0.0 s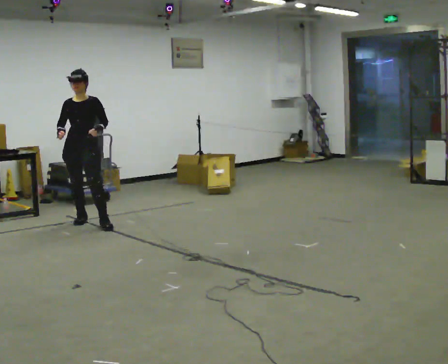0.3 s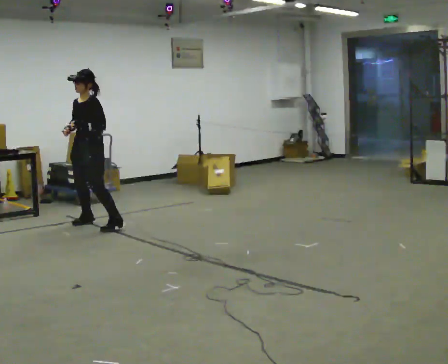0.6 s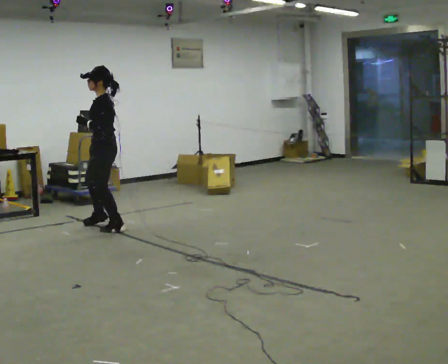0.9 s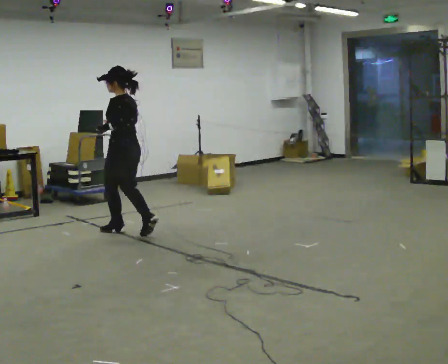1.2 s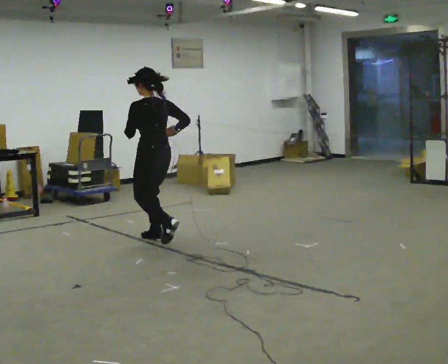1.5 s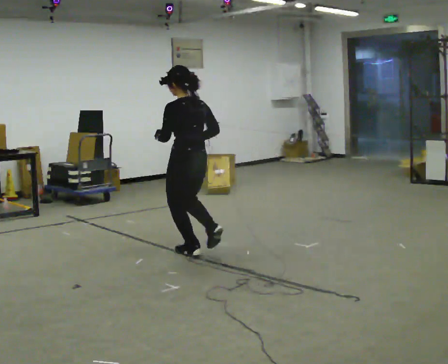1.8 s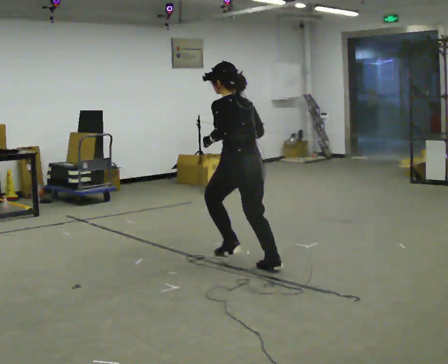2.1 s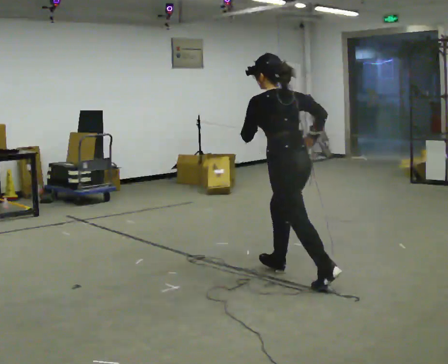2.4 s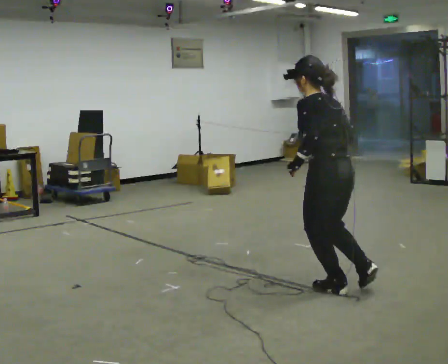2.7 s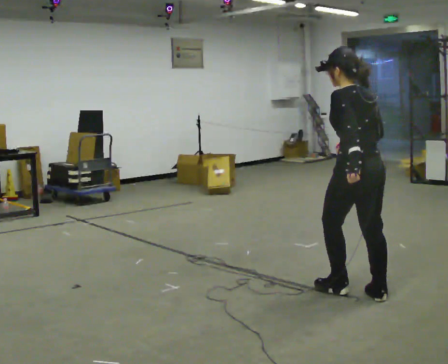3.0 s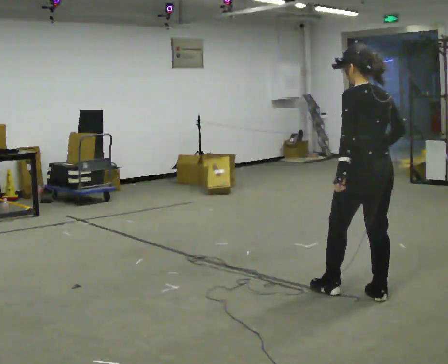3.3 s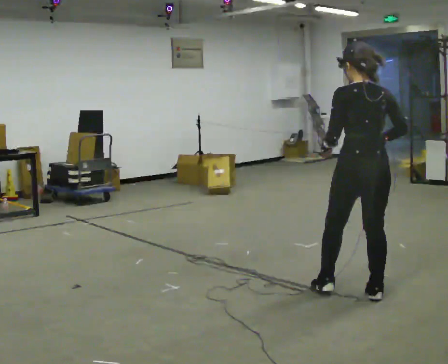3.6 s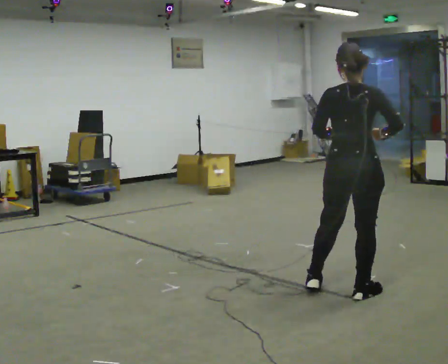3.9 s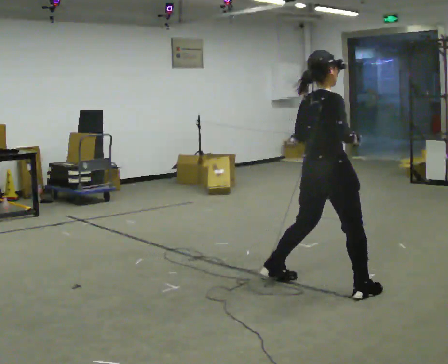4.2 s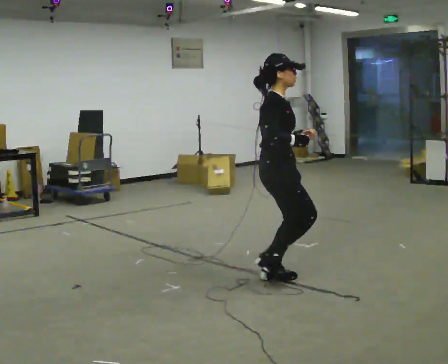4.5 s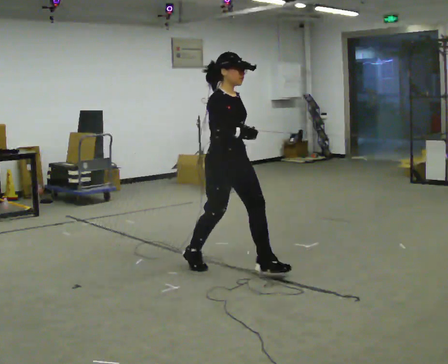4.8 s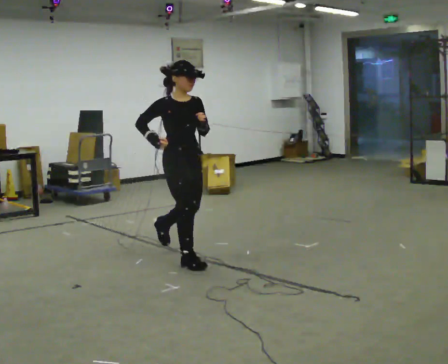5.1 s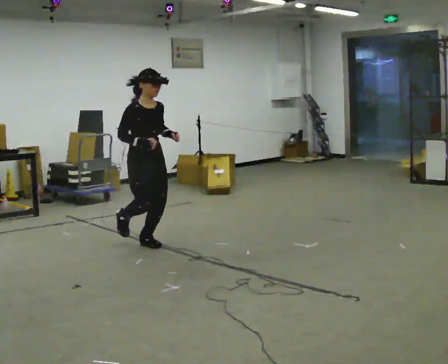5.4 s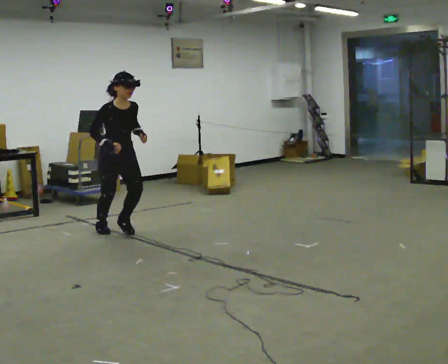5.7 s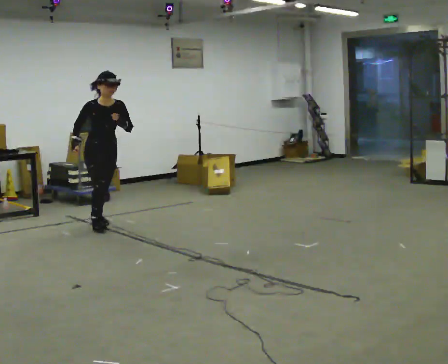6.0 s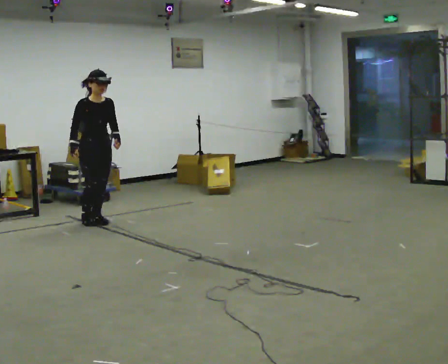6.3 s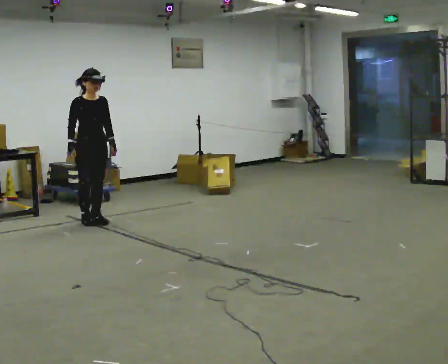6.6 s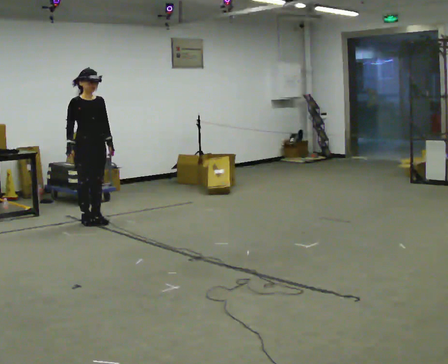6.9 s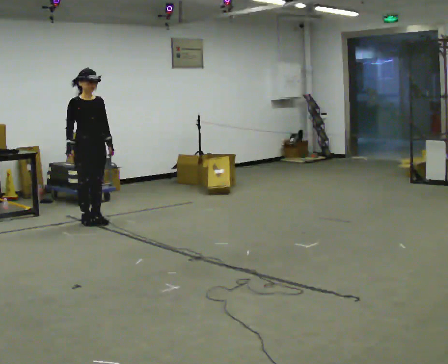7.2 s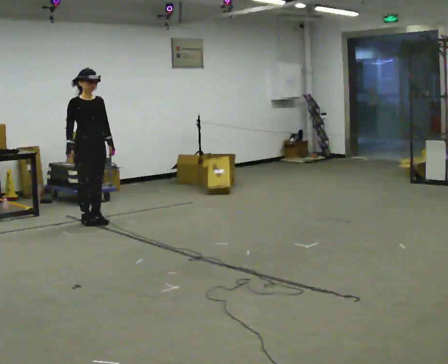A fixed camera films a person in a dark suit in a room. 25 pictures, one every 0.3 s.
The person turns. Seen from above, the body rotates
clockwise.
The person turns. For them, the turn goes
to their right.
0.0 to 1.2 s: The part of the body nearest the lens slides to the left as the person turns to their right by about 135 degrees. In the picture they go to the right and toward the camera, about 1 m in 3 steps.
1.2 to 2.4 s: In the picture they go to the right and toward the camera, about 2 m in 3 steps, which for them is backward.
2.4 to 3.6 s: The person turns about 60 degrees to their right, clockwise seen from above, so the part of the body nearest the lens slides to the left. In the picture the upper body tilts clockwise, shoulders to the right, as they lean back or straighten.
3.6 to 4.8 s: The part of the body nearest the lens slides to the left as the person turns to their right by about 120 degrees. In the picture they go to the left and away from the camera, about 1.5 m in 3 steps.
4.8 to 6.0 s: In the picture they go to the left and away from the camera, about 1.5 m in 2 steps, which for them is backward.
6.0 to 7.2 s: The person moves a little, or ends about where they began.
The film runs backward here.
